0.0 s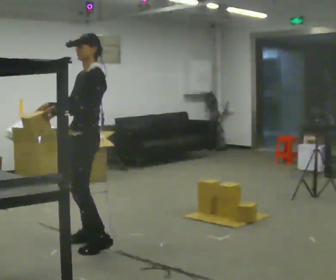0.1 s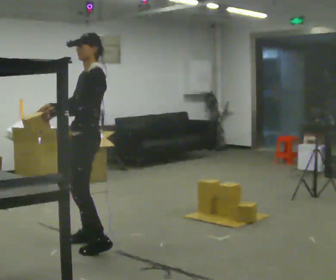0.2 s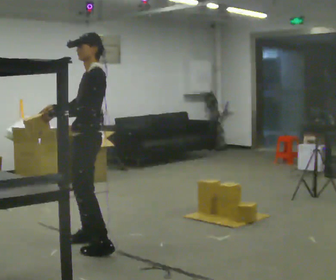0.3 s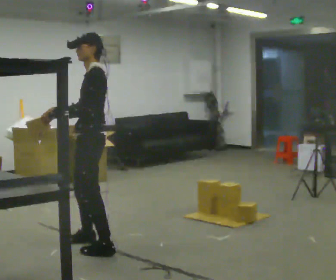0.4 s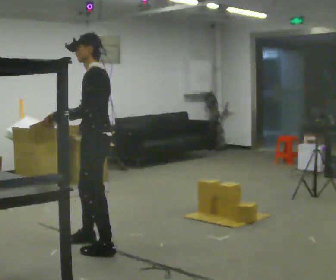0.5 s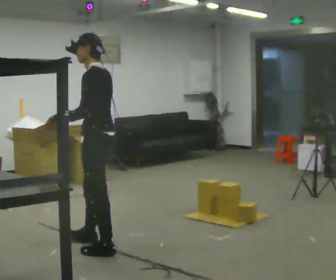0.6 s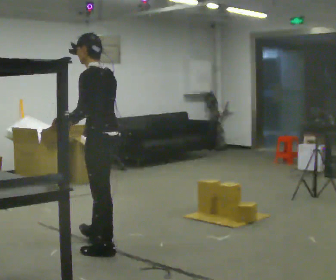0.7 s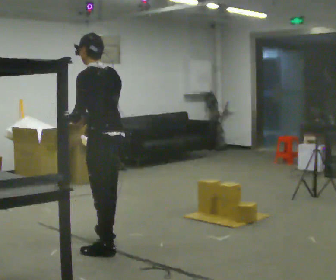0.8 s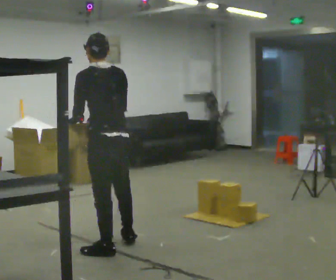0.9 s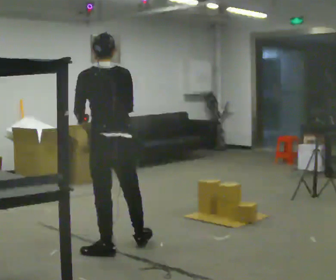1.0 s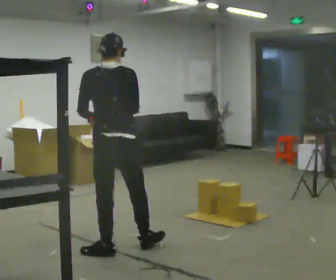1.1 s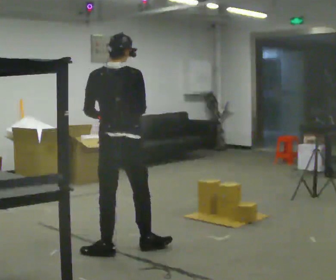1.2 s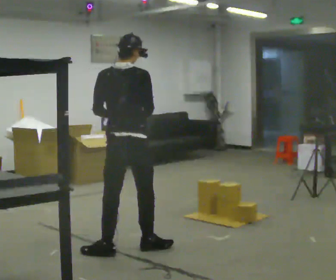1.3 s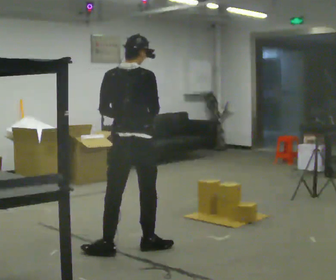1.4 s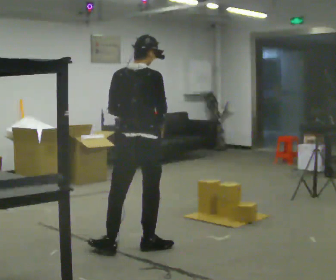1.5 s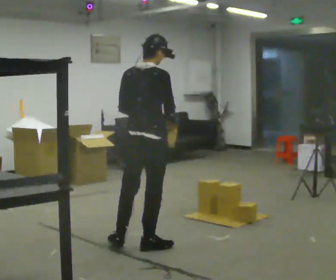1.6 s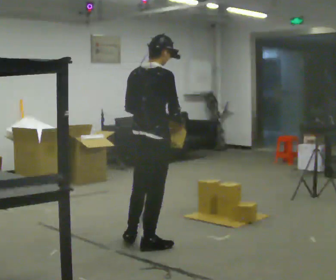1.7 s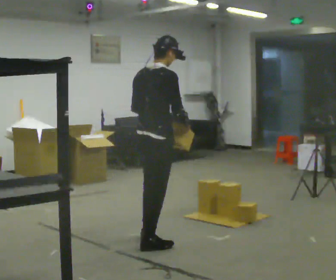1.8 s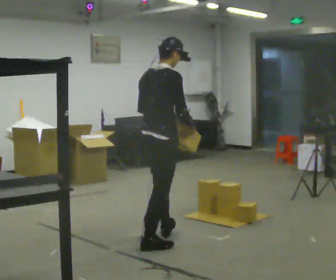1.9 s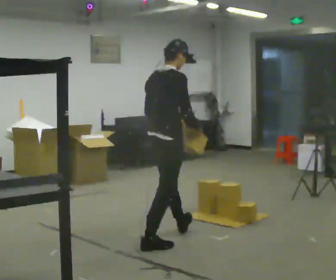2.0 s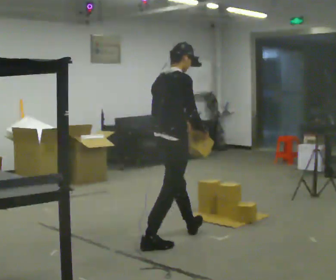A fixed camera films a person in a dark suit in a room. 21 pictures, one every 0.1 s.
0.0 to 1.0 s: Seen from above the body turns clockwise, about 105 degrees: to their right, with its near side sliding to the left. In the picture they go toward the camera and to the right, about 0.25 m in 2 steps.
1.0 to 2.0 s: Seen from above the body turns clockwise, about 60 degrees: to their right, with its near side sliding to the left. In the picture they go to the right and away from the camera, about 0.5 m.
The film runs forward here.
